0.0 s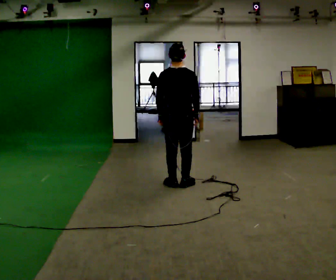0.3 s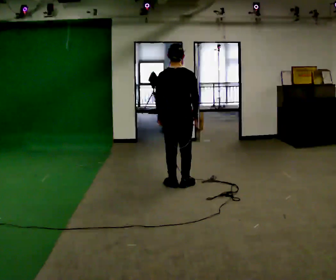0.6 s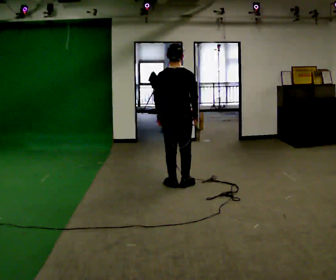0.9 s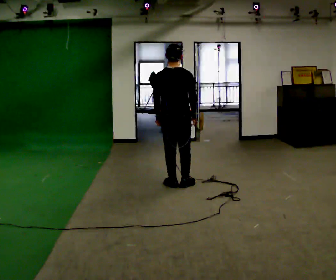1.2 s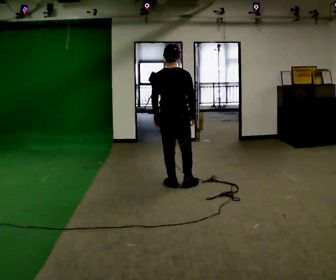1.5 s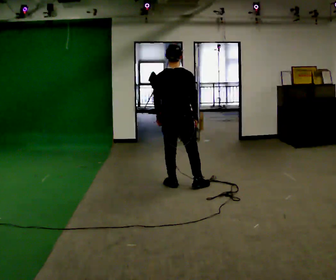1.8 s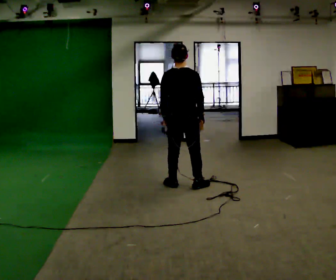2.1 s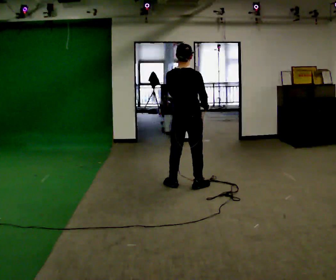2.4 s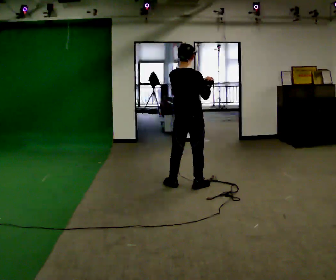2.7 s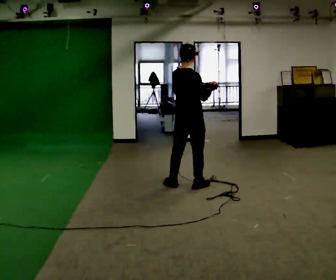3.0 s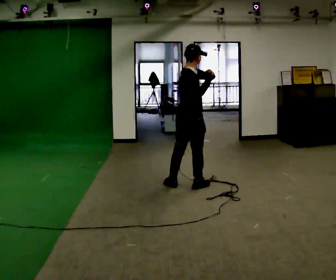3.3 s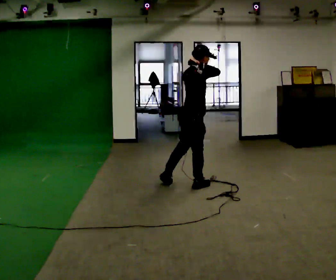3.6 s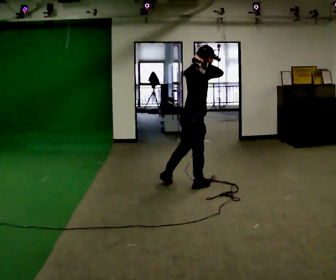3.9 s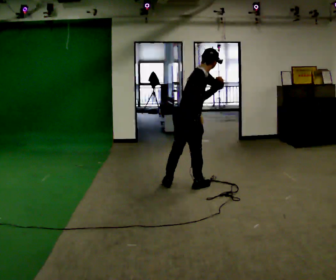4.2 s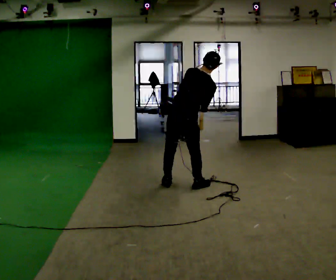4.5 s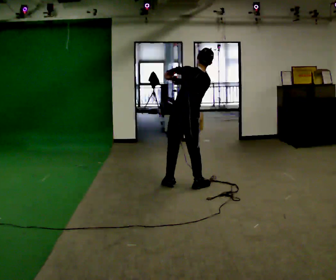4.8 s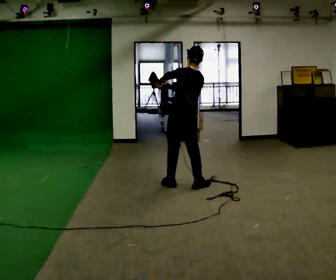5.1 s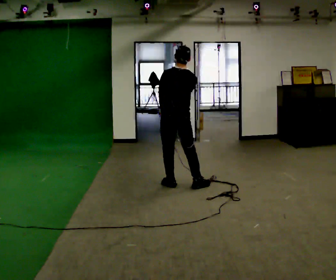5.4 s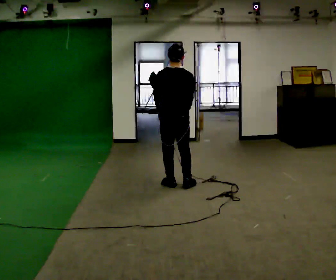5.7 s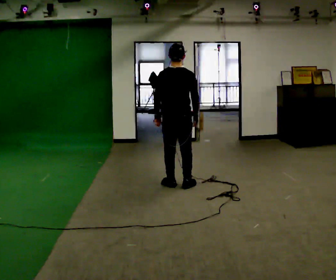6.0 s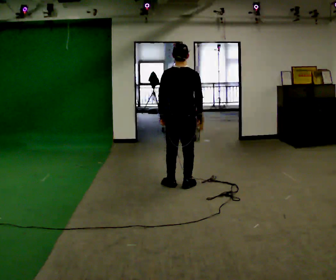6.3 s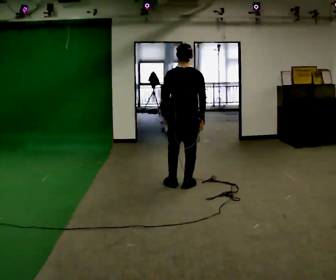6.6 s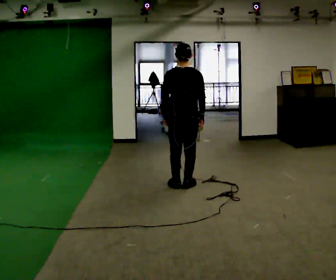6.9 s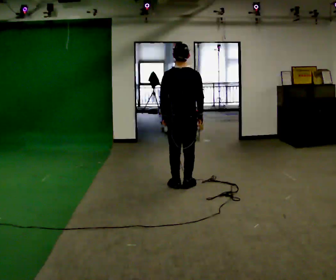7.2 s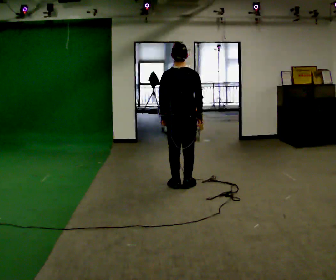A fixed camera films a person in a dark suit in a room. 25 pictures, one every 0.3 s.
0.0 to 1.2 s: The person moves a little, or ends about where they began.
1.2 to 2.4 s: In the picture they go to the right, about 0.25 m, which for them is to their right. In the picture their left hand goes to the right and upward.
2.4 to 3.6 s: Seen from above the body turns clockwise, about 60 degrees: to their right, with its near side sliding to the left. In the picture the upper body tilts clockwise, shoulders to the right.
3.6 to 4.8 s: Seen from above the body turns counterclockwise, about 120 degrees: to their left, with its near side sliding to the right. In the picture their left hand goes to the left.
4.8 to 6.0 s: The person turns about 30 degrees to their right, clockwise seen from above, so the part of the body nearest the lens slides to the left. In the picture their right hand goes to the right, the arm swinging counterclockwise.
6.0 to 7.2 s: The person moves a little, or ends about where they began.
The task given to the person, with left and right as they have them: Mime a golf swing with no club: set your stance, swing back, swing through and follow through. Repeat the movement at your own pace until the operator says stop; do not rush.
The film runs forward here.
